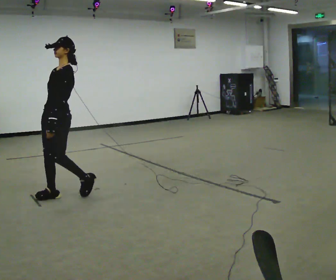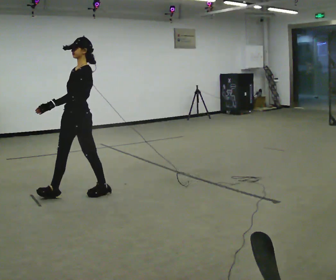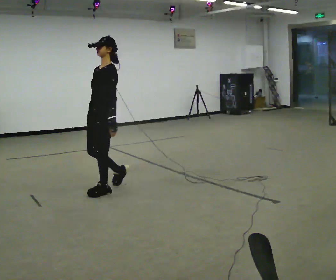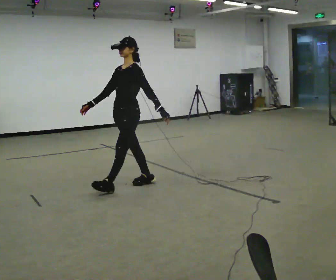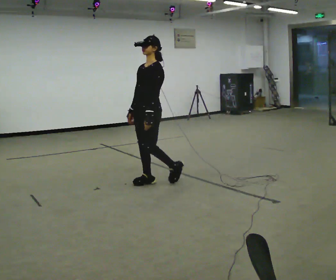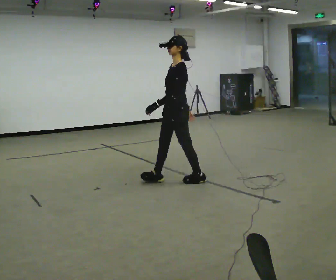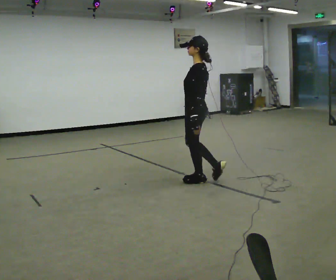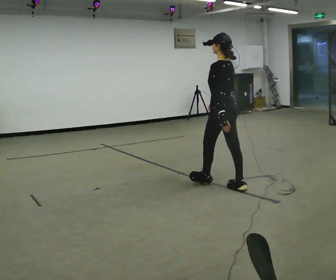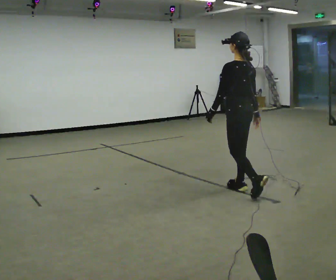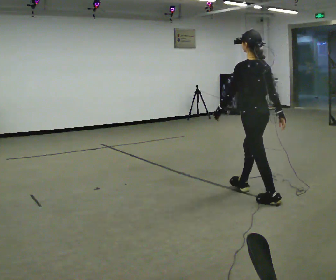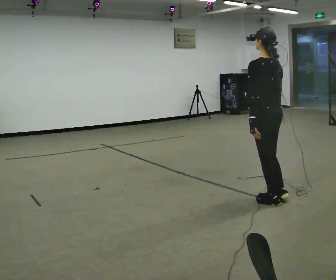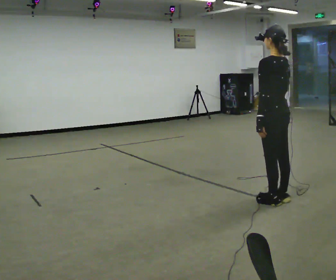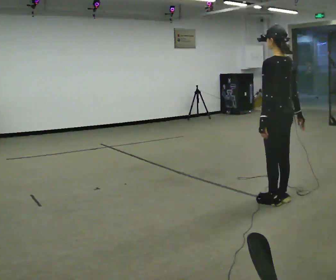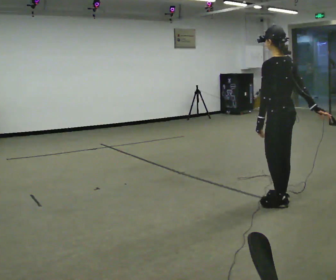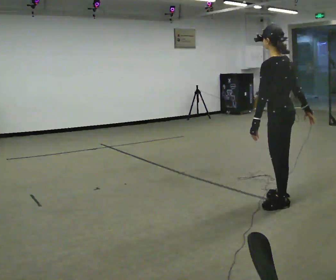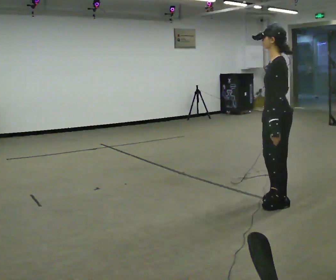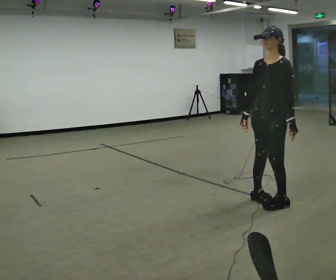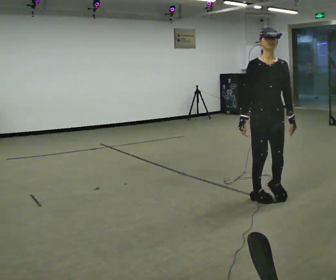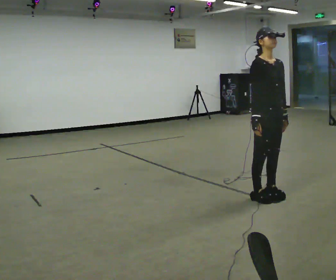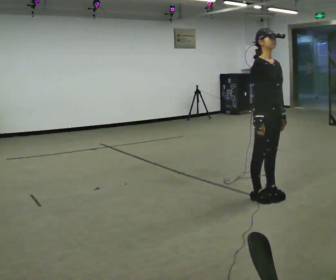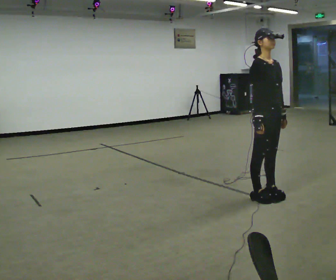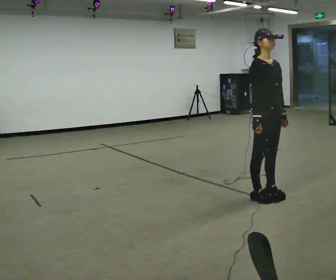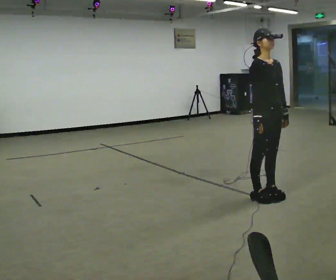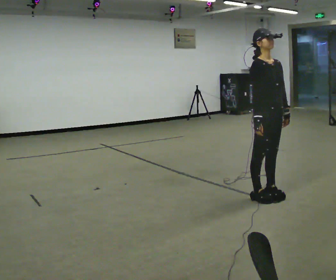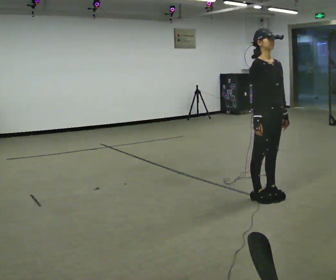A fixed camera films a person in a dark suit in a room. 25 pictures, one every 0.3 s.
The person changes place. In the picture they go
to the right.
0.0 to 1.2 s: In the picture they go to the right and away from the camera, about 1 m in 2 steps, which for them is backward.
1.2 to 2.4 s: The part of the body nearest the lens slides to the left as the person turns to their right by about 90 degrees. In the picture they go to the right, about 1 m in 2 steps.
2.4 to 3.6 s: In the picture they go to the right and toward the camera, about 0.5 m in 1 step, which for them is backward.
3.6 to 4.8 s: The part of the body nearest the lens slides to the right as the person turns to their left by about 90 degrees. In the picture their right hand goes to the left.
4.8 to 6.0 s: Seen from above the body turns counterclockwise, about 90 degrees: to their left, with its near side sliding to the right.
6.0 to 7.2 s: The person moves a little, or ends about where they began.
The film runs backward here.
